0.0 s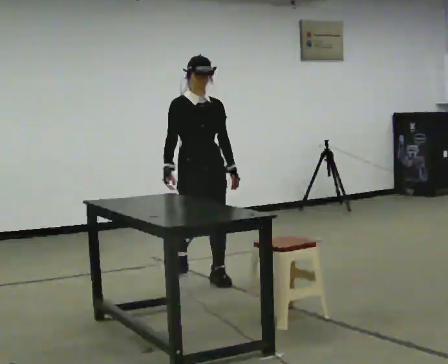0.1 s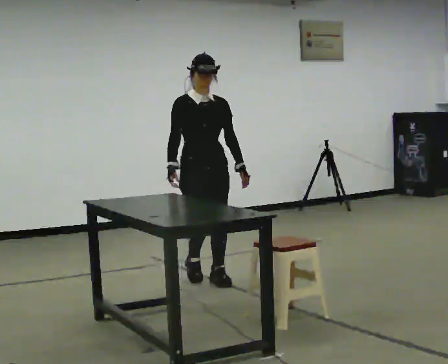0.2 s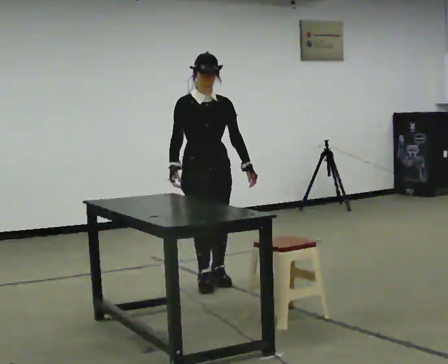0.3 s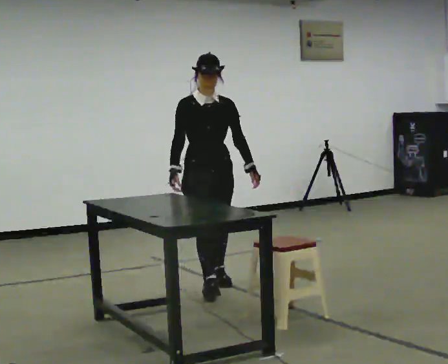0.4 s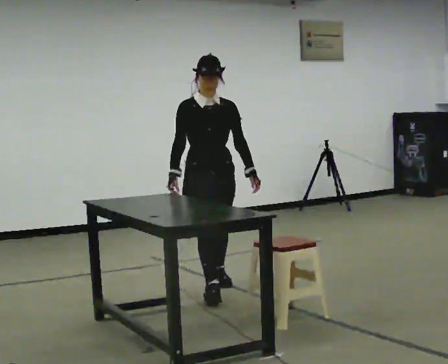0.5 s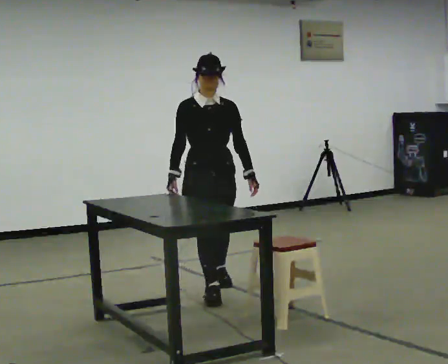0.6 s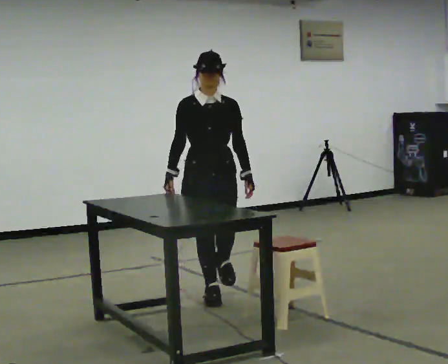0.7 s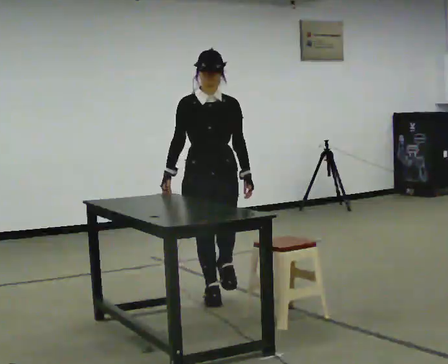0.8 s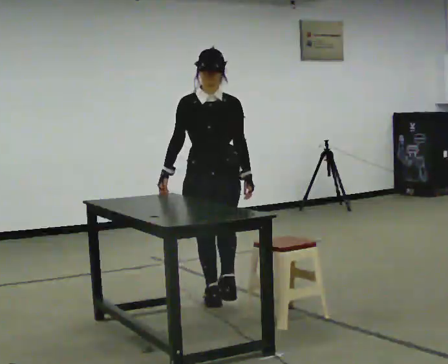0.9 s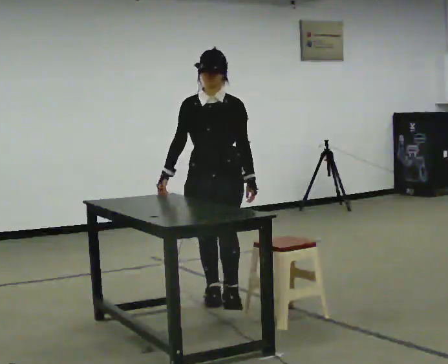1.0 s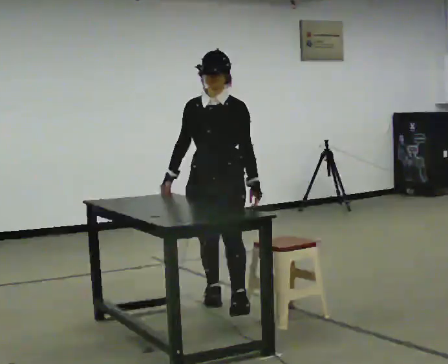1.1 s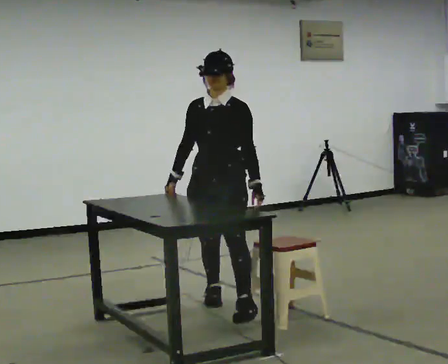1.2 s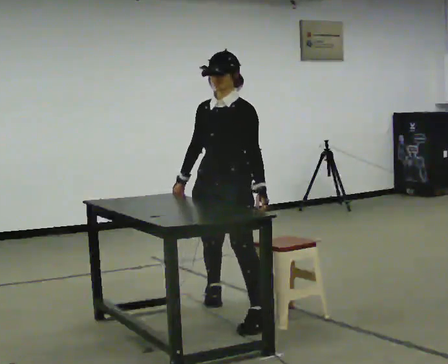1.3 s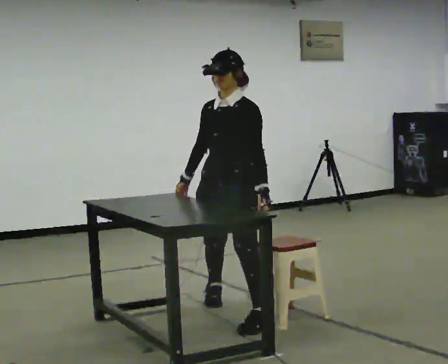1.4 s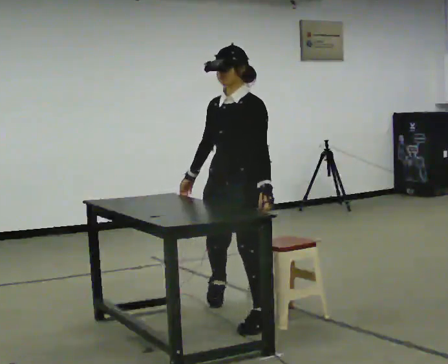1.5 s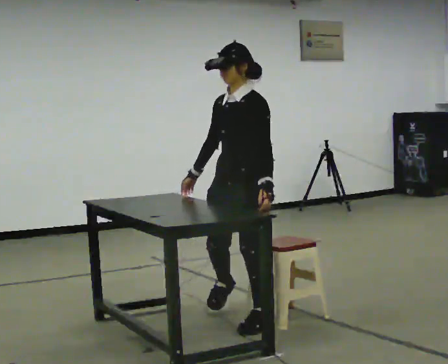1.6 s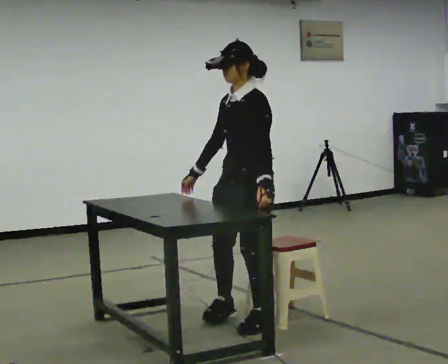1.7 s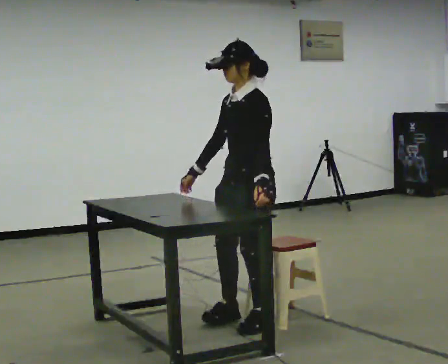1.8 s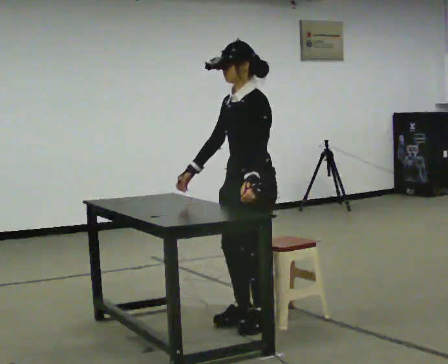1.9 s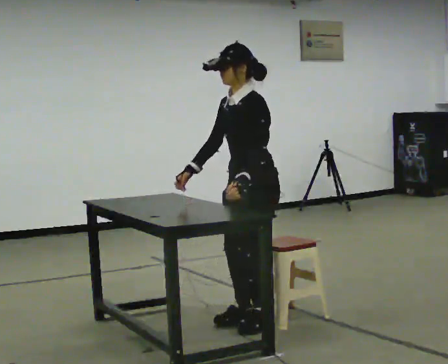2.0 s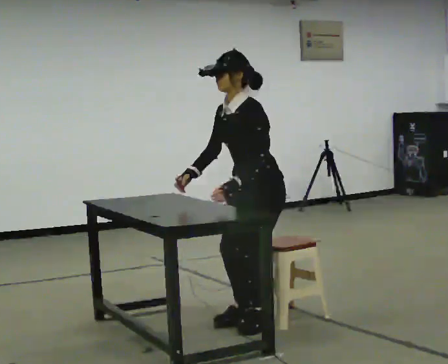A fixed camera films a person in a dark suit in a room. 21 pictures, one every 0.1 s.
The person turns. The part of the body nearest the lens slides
to the left.
The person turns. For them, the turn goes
to their right.
0.0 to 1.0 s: The person turns about 45 degrees to their right, clockwise seen from above, so the part of the body nearest the lens slides to the left. In the picture they go toward the camera, about 0.5 m in 1 step, which for them is forward.
1.0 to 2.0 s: The person turns about 45 degrees to their right, clockwise seen from above, so the part of the body nearest the lens slides to the left. In the picture they go toward the camera and to the right, about 0.5 m in 2 steps, which for them is to their left. In the picture the upper body tilts counterclockwise, shoulders to the left, as they bend forward.
The film runs forward here.
